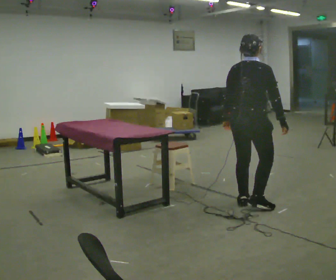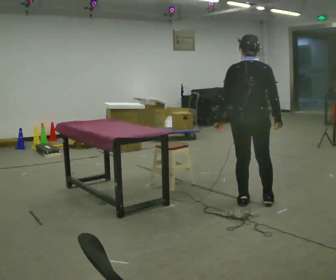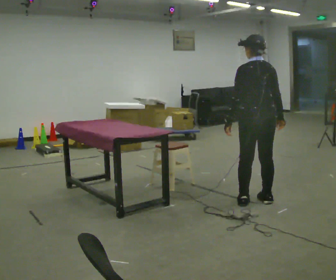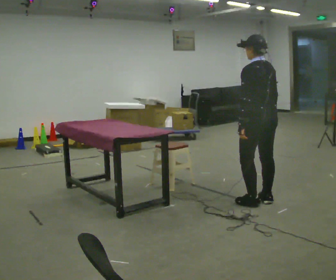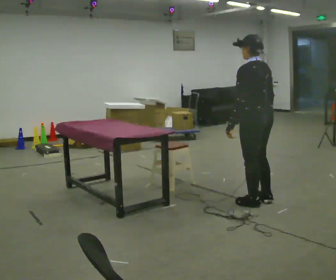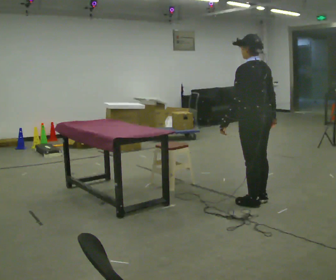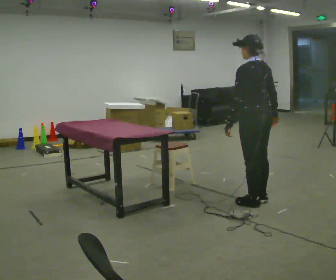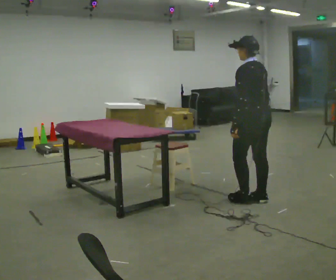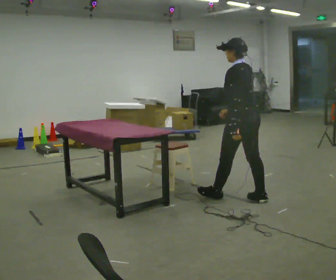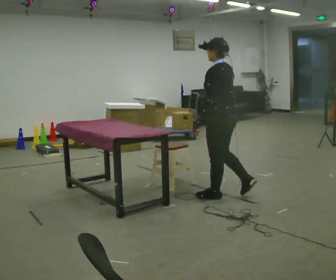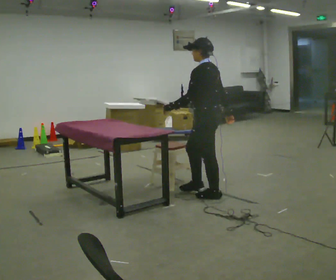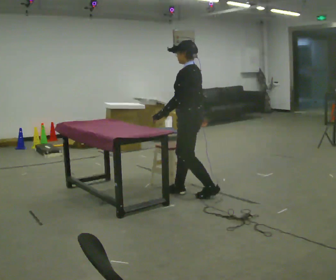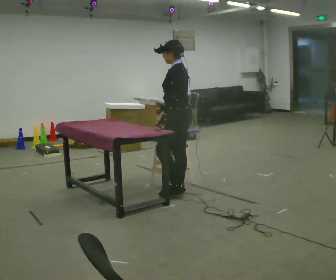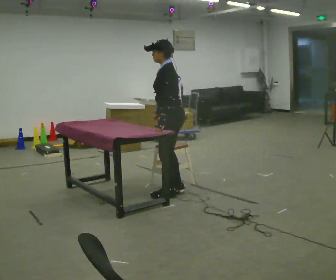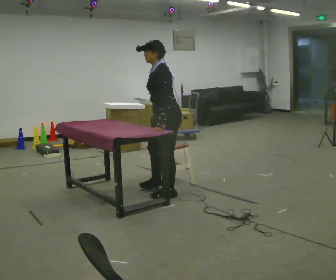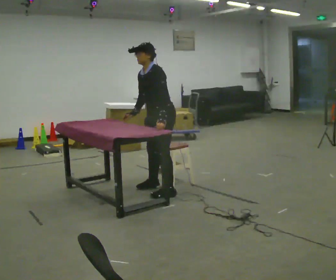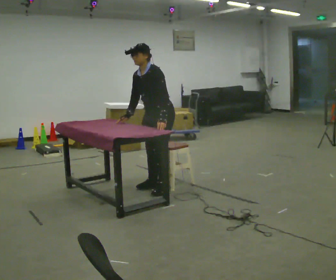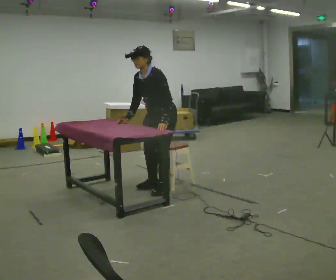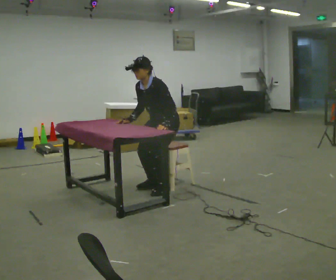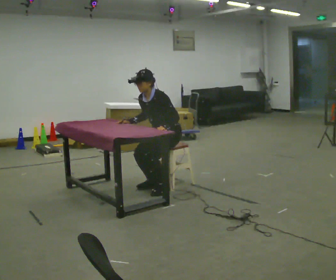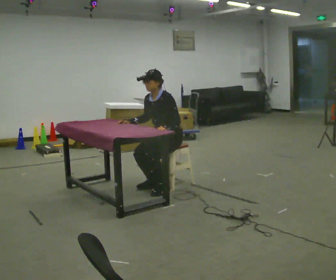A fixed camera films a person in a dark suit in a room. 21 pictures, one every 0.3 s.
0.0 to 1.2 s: The person turns about 75 degrees to their left, counterclockwise seen from above, so the part of the body nearest the lens slides to the right.
1.2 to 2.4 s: In the picture their right hand goes to the left.
2.4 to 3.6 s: Seen from above the body turns counterclockwise, about 30 degrees: to their left, with its near side sliding to the right. In the picture they go to the left, about 0.75 m in 1 step, which for them is forward.
3.6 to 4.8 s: Seen from above the body turns counterclockwise, about 45 degrees: to their left, with its near side sliding to the right. In the picture they go to the left and away from the camera, about 0.25 m in 3 steps, which for them is to their right and forward. In the picture the upper body tilts counterclockwise, shoulders to the left, as they bend forward.
4.8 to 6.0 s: The shoulders move downward.
The film runs forward here.
